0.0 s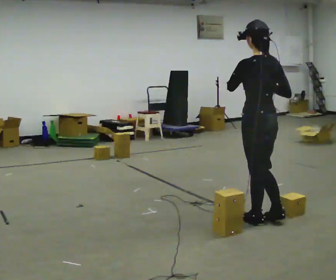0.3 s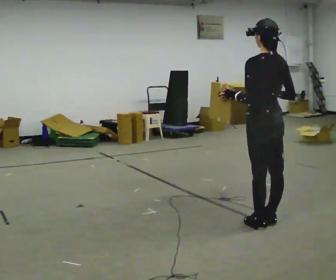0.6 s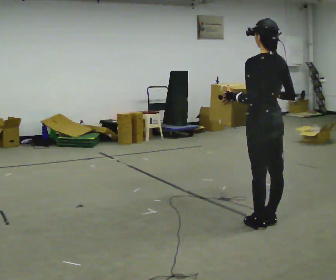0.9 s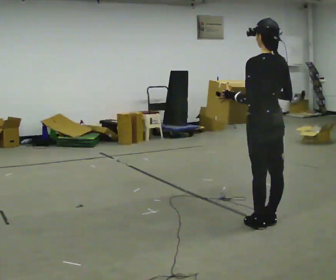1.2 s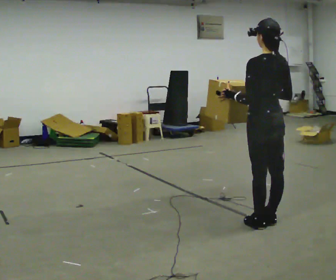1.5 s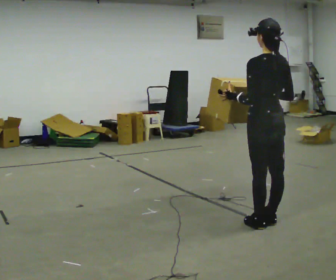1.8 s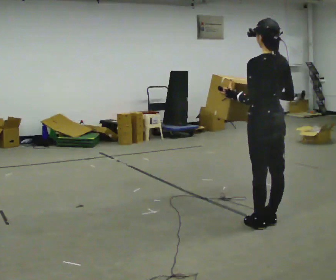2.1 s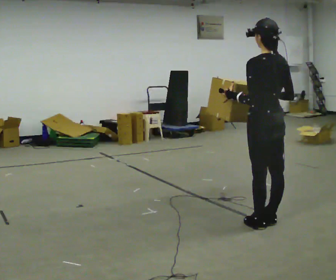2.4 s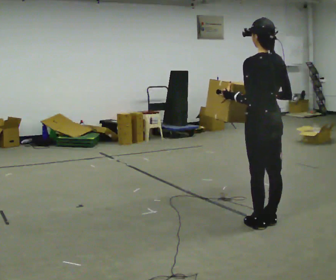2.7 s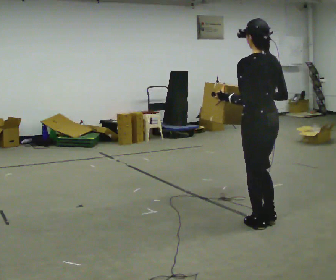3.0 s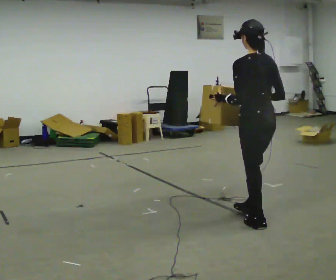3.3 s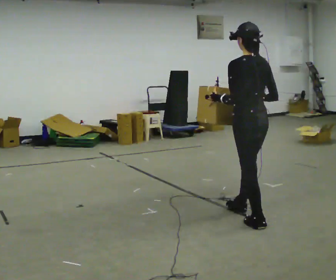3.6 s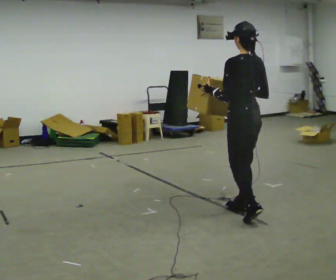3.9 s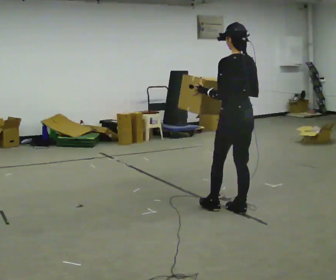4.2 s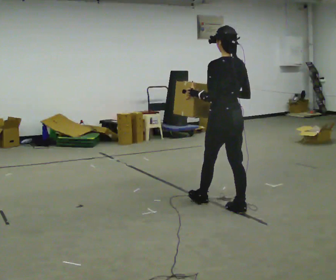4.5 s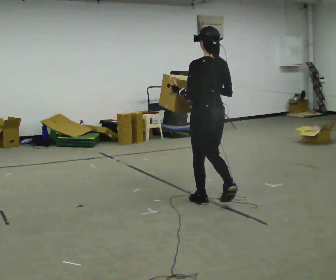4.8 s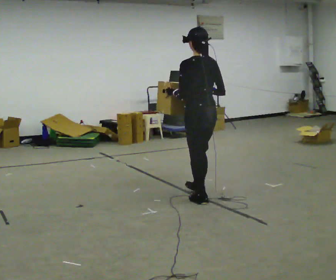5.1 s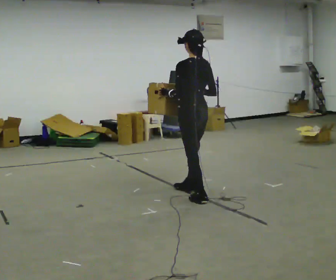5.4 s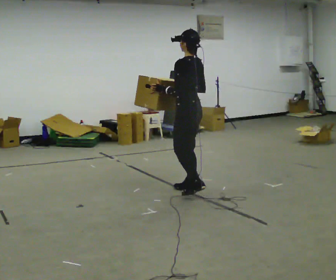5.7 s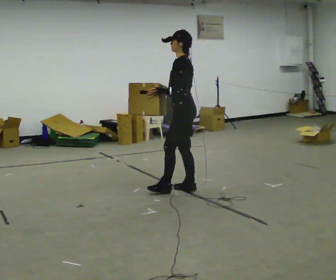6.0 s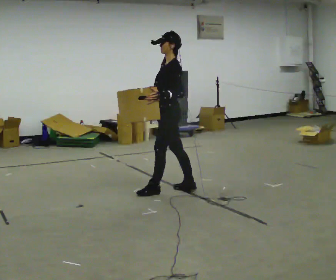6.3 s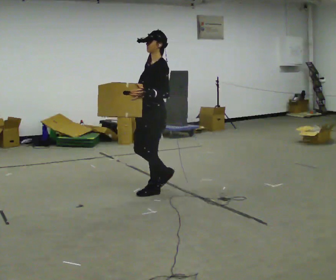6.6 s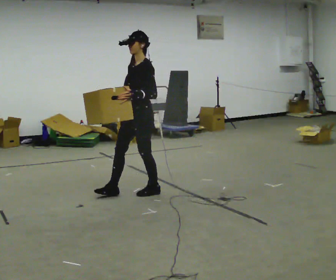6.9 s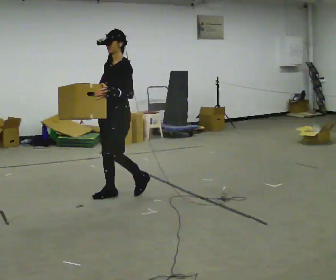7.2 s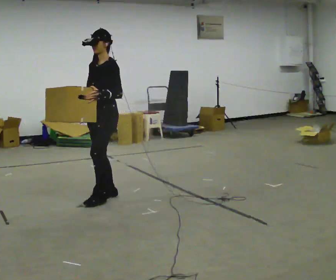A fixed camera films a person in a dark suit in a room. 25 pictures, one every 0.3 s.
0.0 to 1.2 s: The person moves a little, or ends about where they began.
1.2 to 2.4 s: The person keeps their place and pose.
2.4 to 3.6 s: In the picture they go away from the camera, about 0.25 m in 1 step, which for them is forward.
3.6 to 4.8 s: In the picture they go away from the camera and to the left, about 0.5 m in 1 step, which for them is forward.
4.8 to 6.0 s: The part of the body nearest the lens slides to the right as the person turns to their left by about 60 degrees. In the picture they go to the left and away from the camera, about 0.5 m in 2 steps.
6.0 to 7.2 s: The part of the body nearest the lens slides to the right as the person turns to their left by about 30 degrees. In the picture they go to the left and toward the camera, about 0.75 m in 1 step, which for them is forward.
The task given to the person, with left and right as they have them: Carry the box along the marked route, turning 90 degrees at the corner the operator calls, and set it down at the end. Keep going until the operator says stop; one object at a time, and do not rush between trips.
The film runs forward here.
